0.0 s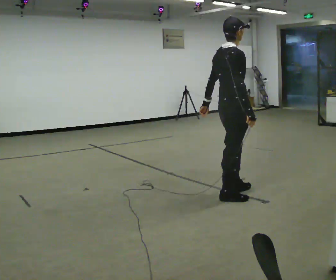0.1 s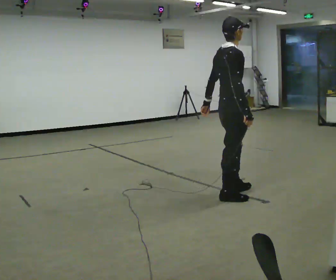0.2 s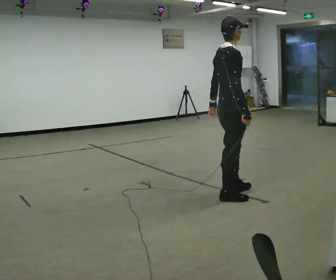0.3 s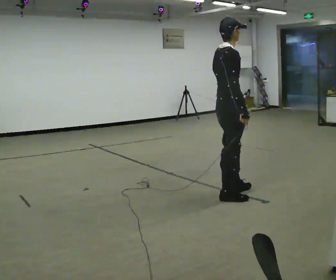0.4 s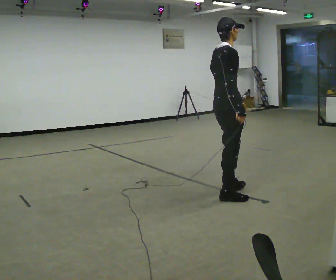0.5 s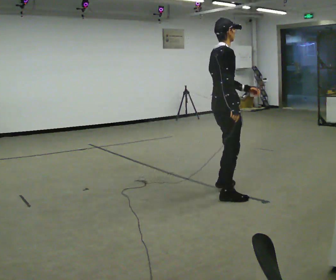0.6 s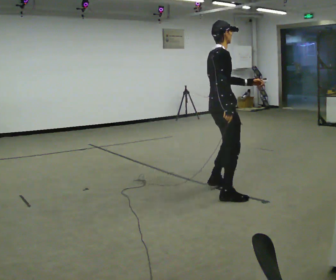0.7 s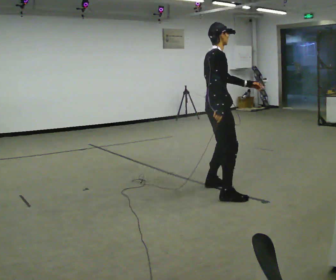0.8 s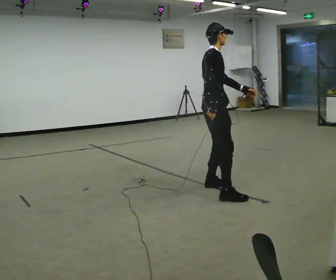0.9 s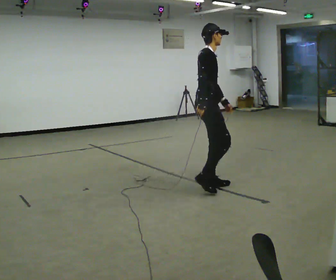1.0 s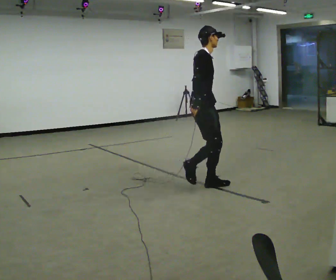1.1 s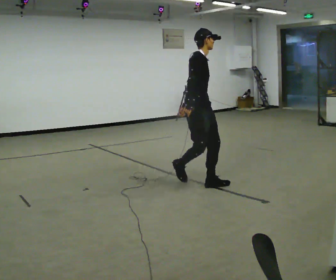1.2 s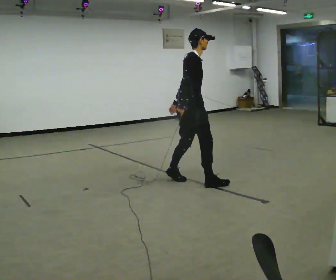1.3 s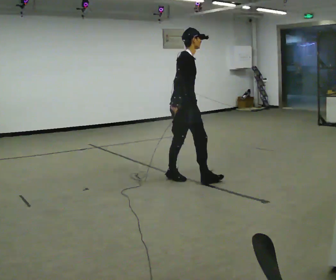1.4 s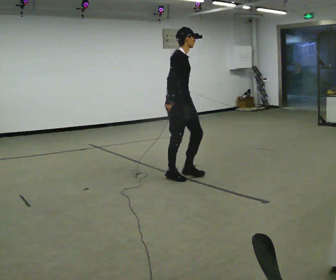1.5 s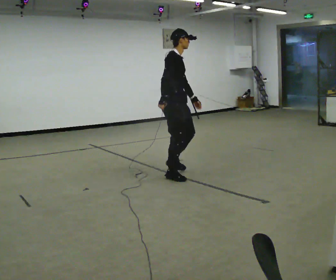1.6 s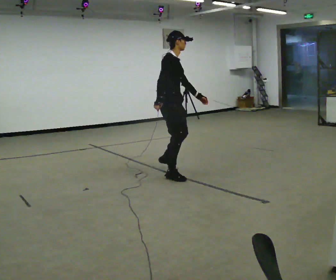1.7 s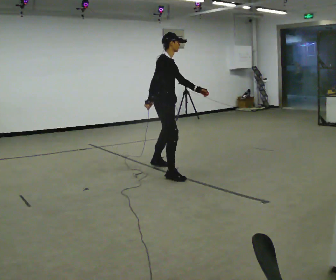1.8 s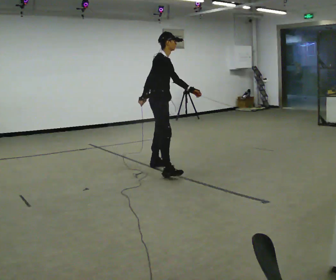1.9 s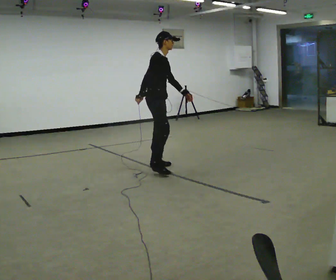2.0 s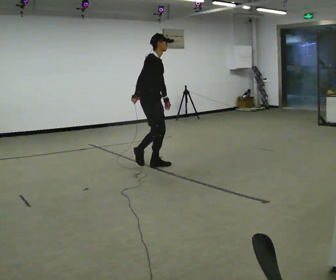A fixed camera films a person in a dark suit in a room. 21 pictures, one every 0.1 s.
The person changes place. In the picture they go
away from the camera.
0.0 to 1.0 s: Seen from above the body turns clockwise, about 30 degrees: to their right, with its near side sliding to the left. In the picture they go away from the camera and to the left, about 0.5 m in 2 steps, which for them is to their left and backward.
1.0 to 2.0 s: In the picture they go away from the camera and to the left, about 1 m in 2 steps, which for them is backward and to their left.
The film runs backward here.
